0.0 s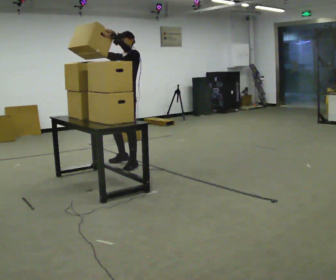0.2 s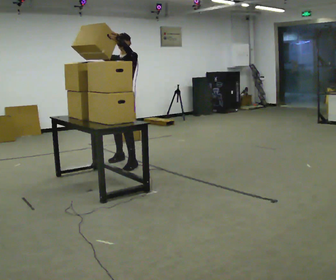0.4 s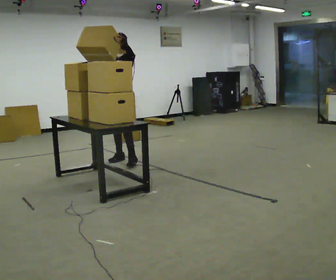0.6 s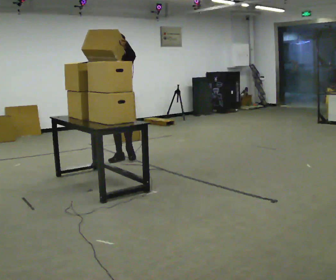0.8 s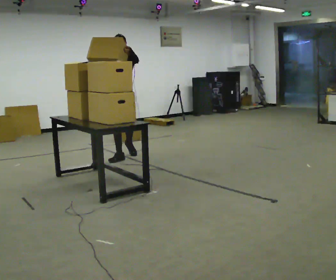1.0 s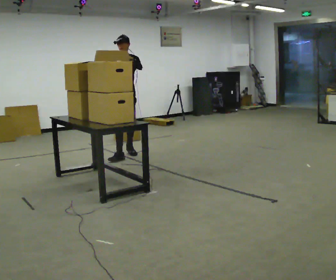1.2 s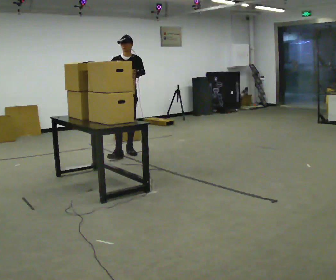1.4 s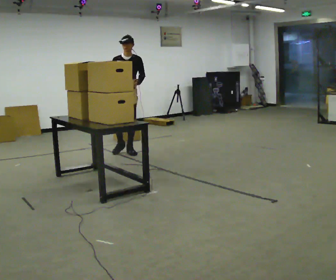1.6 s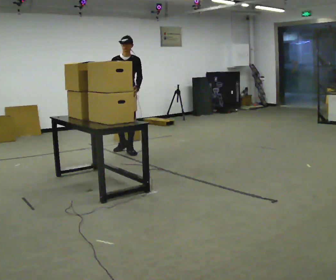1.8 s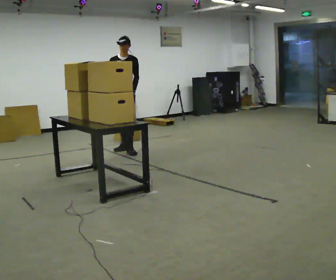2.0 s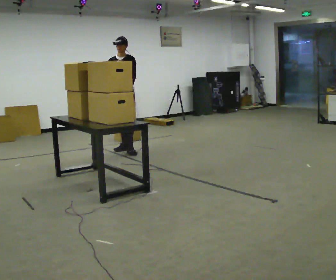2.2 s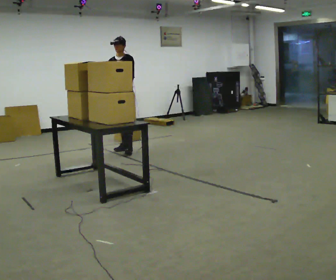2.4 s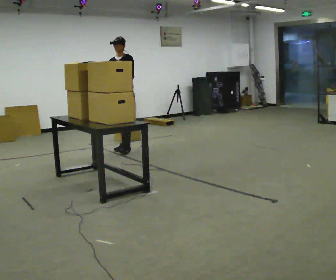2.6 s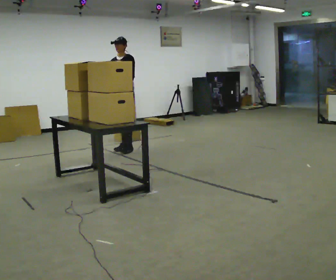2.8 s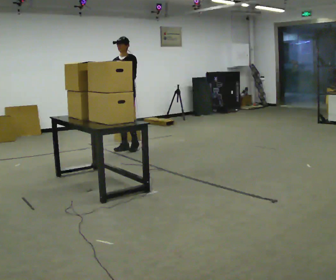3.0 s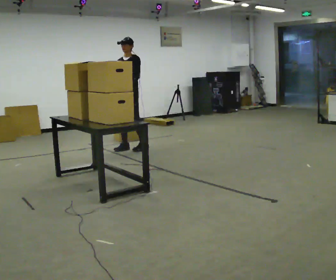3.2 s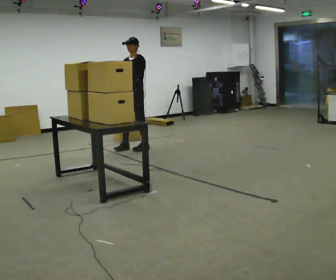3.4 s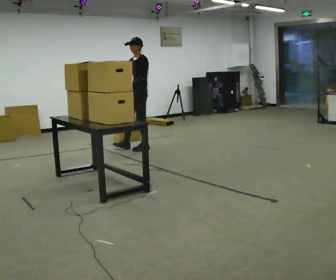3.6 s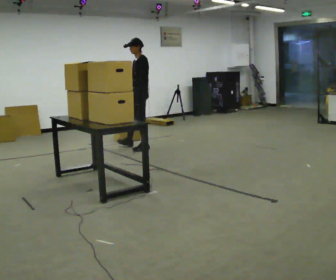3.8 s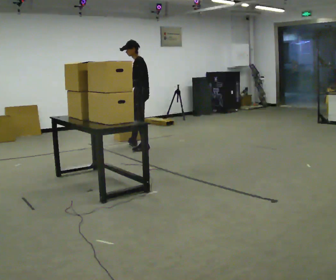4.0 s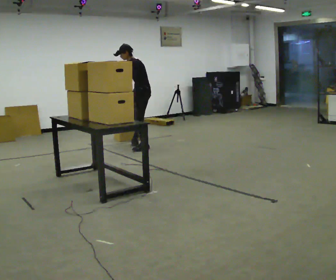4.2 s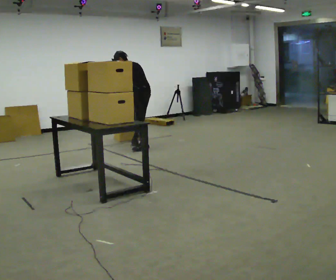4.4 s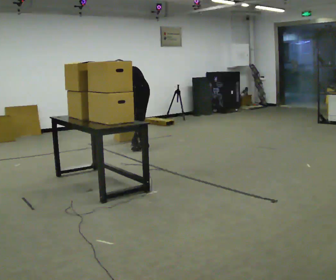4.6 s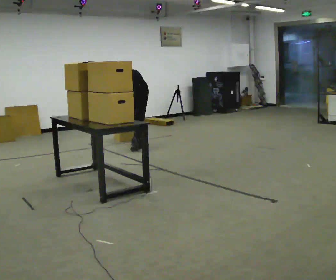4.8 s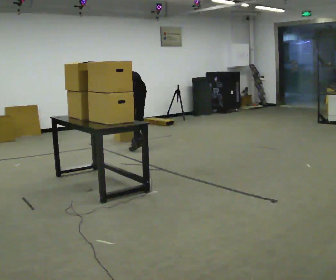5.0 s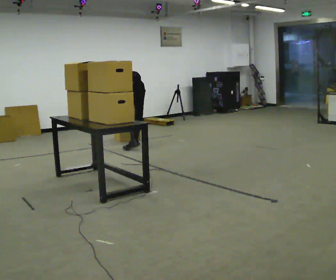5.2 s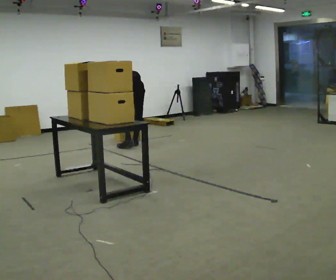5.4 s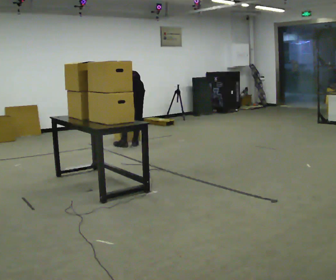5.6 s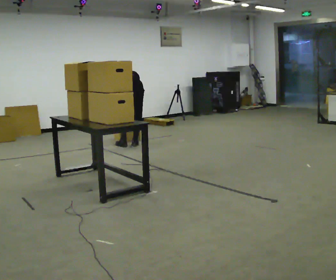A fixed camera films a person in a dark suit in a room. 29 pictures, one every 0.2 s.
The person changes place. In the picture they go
away from the camera.
Their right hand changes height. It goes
downward.
0.0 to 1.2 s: The person turns about 45 degrees to their left, counterclockwise seen from above, so the part of the body nearest the lens slides to the right. In the picture they go away from the camera, about 0.75 m in 2 steps, which for them is backward and to their right. In the picture their left hand goes downward.
1.2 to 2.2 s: In the picture they go away from the camera, about 0.25 m, which for them is backward.
2.2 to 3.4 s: Seen from above the body turns clockwise, about 30 degrees: to their right, with its near side sliding to the left. In the picture they go to the right, about 0.25 m in 2 steps, which for them is to their left and backward.
3.4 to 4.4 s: The part of the body nearest the lens slides to the left as the person turns to their right by about 75 degrees. The upper body tips away from the camera, its near side rolling upward, as they bend forward. In the picture their right hand goes to the right, the arm swinging counterclockwise.
4.4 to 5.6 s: Seen from above the body turns clockwise, about 30 degrees: to their right, with its near side sliding to the left. The upper body tips away from the camera, its near side rolling upward, as they bend forward.
The film runs backward here.
